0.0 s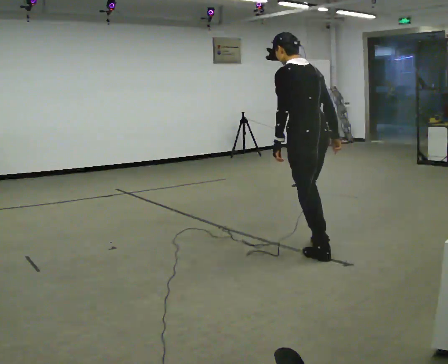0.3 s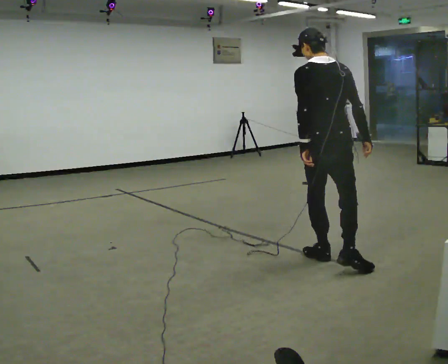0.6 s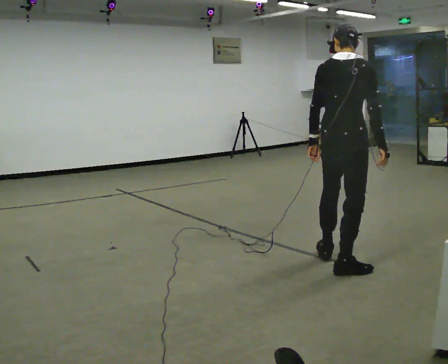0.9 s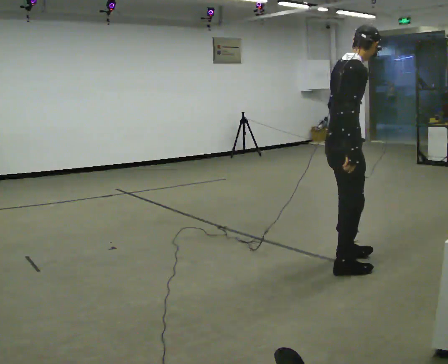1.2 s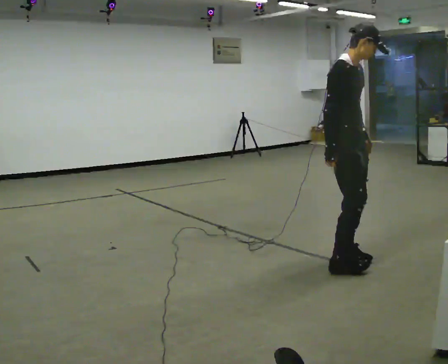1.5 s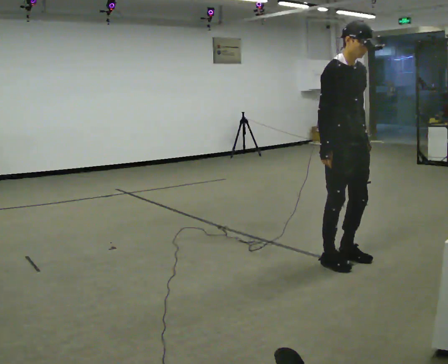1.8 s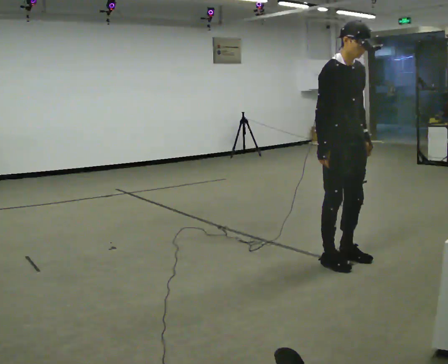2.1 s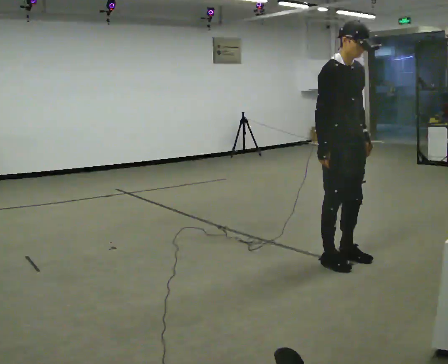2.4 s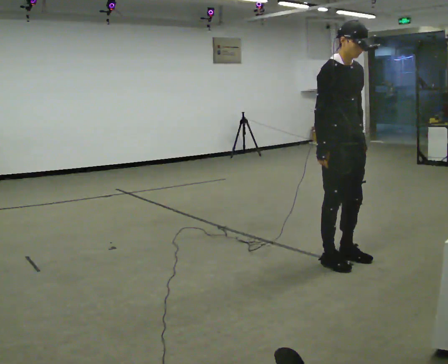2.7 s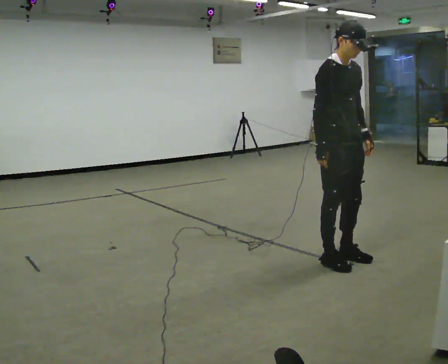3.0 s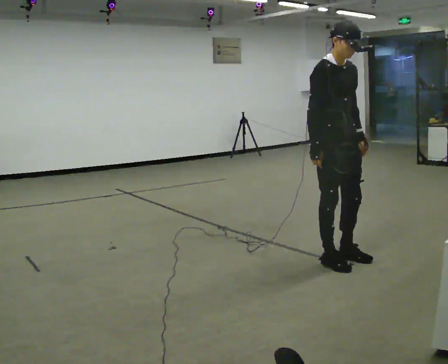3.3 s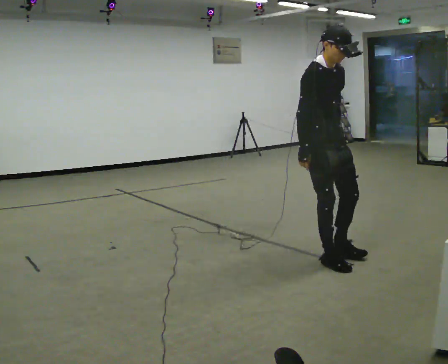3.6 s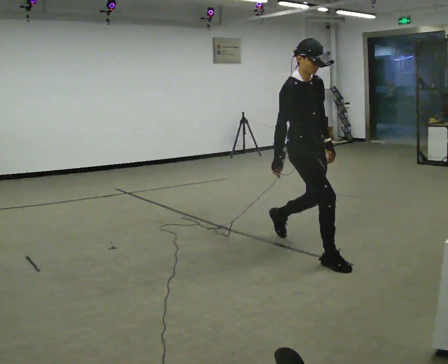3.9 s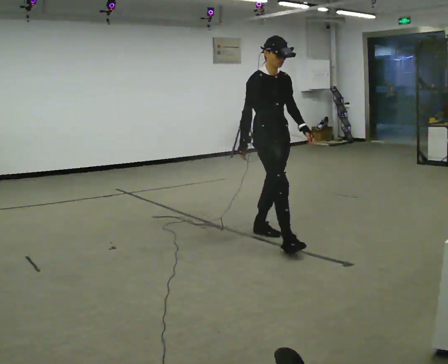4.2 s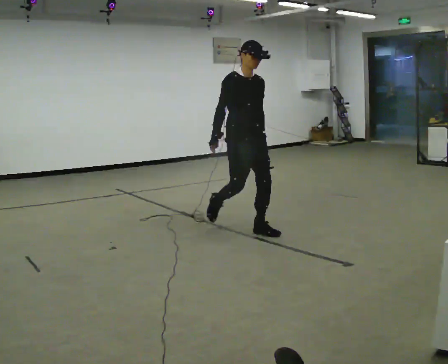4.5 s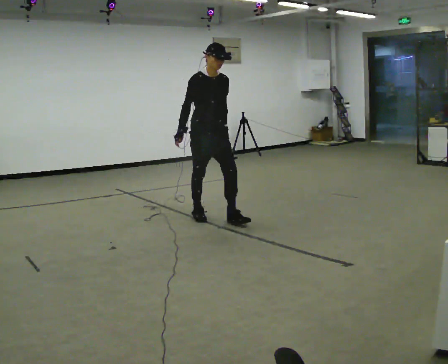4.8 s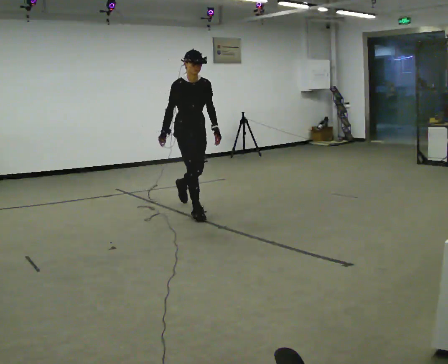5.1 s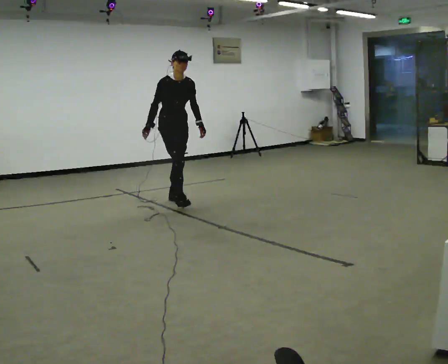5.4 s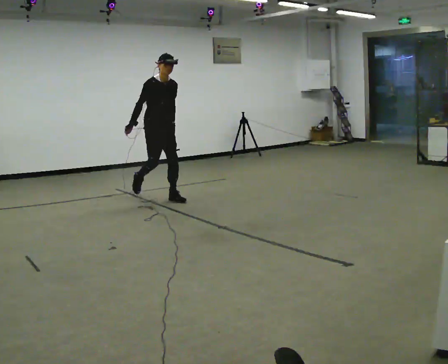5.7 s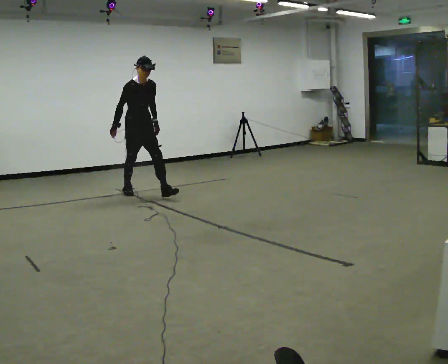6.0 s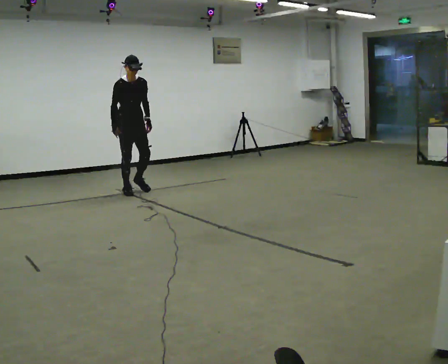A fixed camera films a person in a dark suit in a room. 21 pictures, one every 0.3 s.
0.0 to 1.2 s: The part of the body nearest the lens slides to the left as the person turns to their right by about 150 degrees. In the picture they go toward the camera and to the right, about 0.25 m in 1 step.
1.2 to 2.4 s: The person moves a little, or ends about where they began.
2.4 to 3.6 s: In the picture they go to the left and away from the camera, about 0.25 m in 1 step, which for them is backward.
3.6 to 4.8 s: In the picture they go away from the camera and to the left, about 1.5 m in 2 steps, which for them is backward.
4.8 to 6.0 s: In the picture they go to the left and away from the camera, about 1.5 m in 2 steps, which for them is backward.
The film runs backward here.
